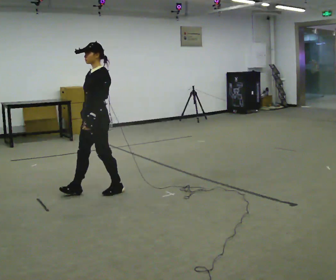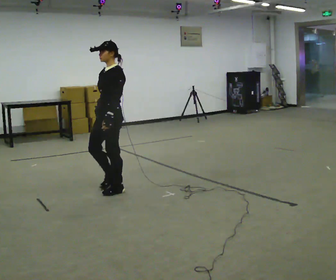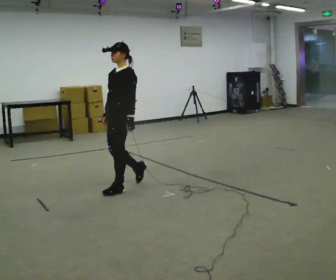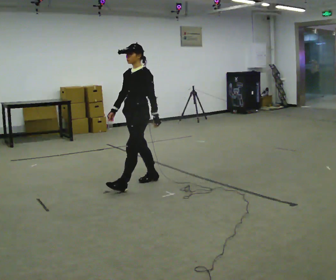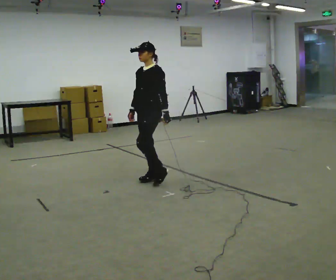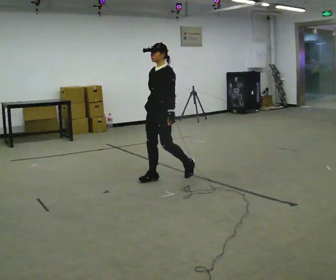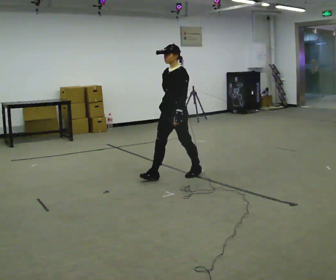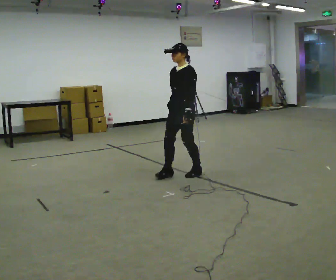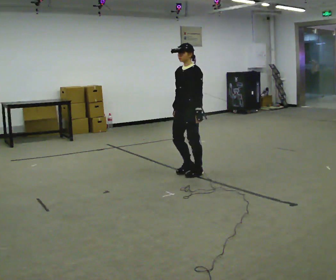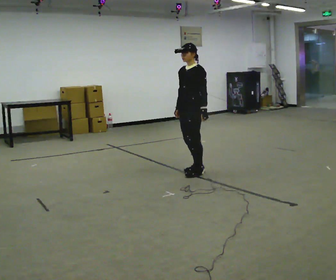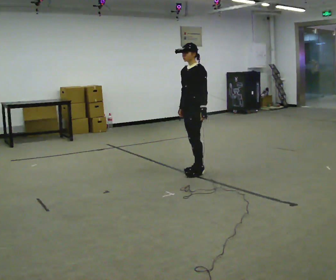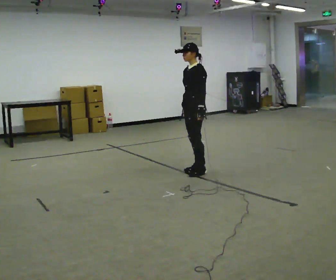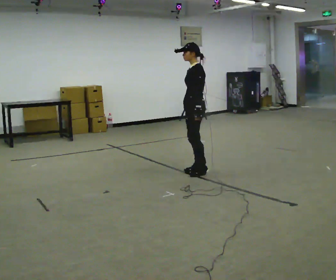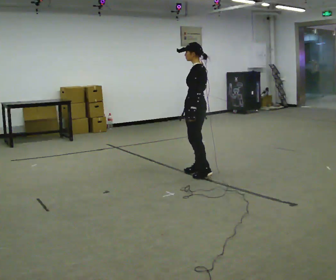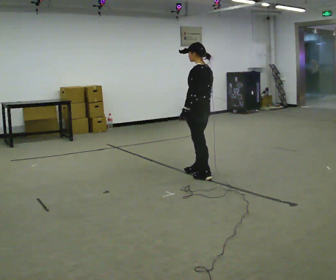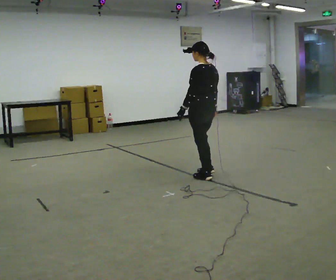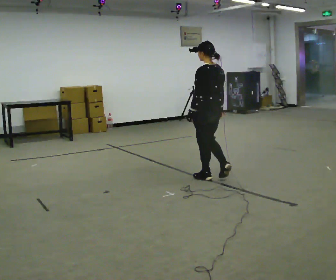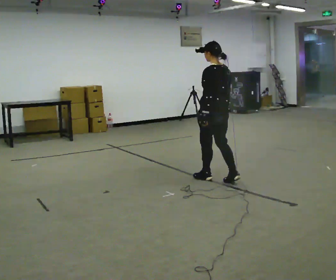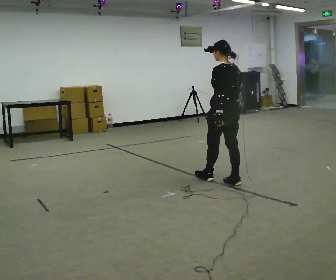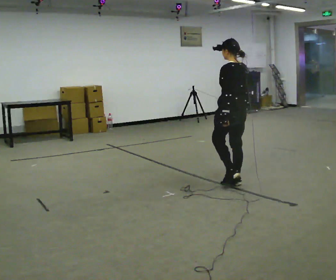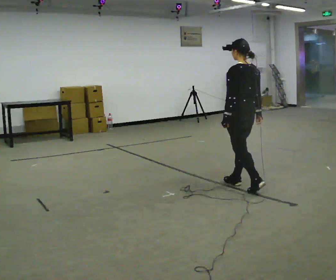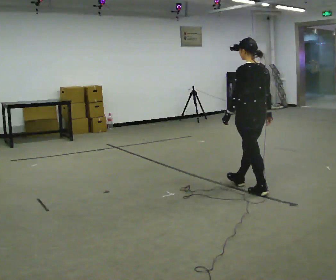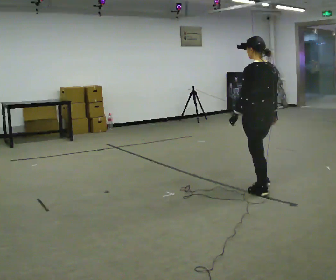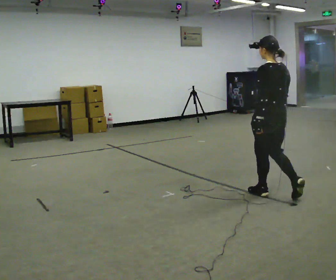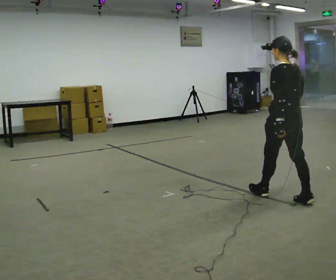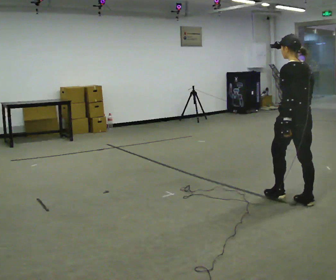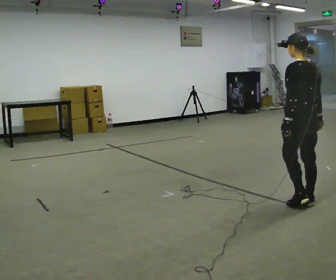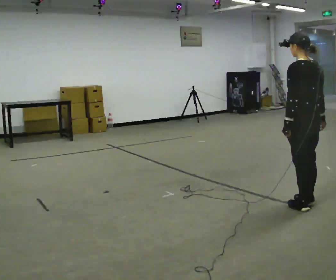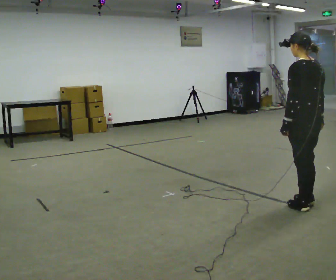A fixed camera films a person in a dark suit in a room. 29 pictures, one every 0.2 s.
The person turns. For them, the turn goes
to their right.
The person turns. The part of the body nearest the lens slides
to the left.
0.0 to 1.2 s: In the picture they go to the right and away from the camera, about 1 m in 2 steps, which for them is backward.
1.2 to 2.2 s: In the picture they go to the right and away from the camera, about 0.25 m in 1 step, which for them is backward.
2.2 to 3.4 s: The person turns about 75 degrees to their right, clockwise seen from above, so the part of the body nearest the lens slides to the left. In the picture they go toward the camera and to the right, about 0.5 m in 2 steps.
3.4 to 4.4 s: In the picture they go toward the camera and to the right, about 0.75 m in 2 steps, which for them is backward.
4.4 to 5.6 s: In the picture they go toward the camera and to the right, about 0.5 m in 1 step, which for them is backward.
The film runs backward here.
